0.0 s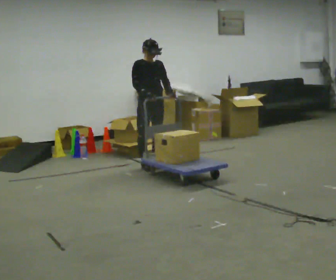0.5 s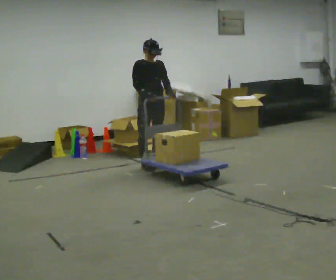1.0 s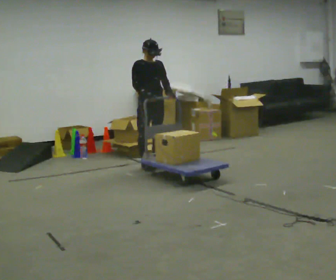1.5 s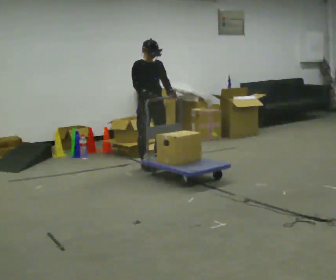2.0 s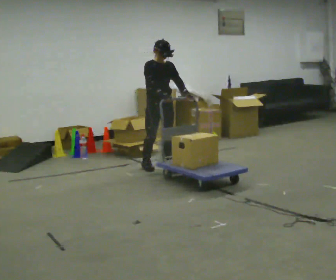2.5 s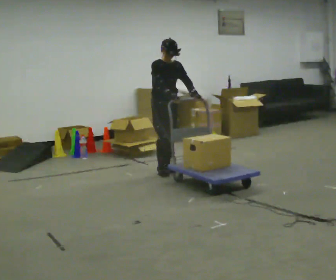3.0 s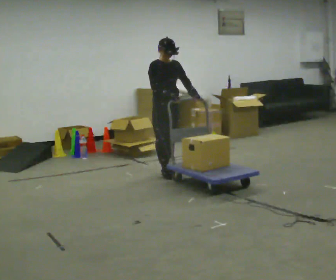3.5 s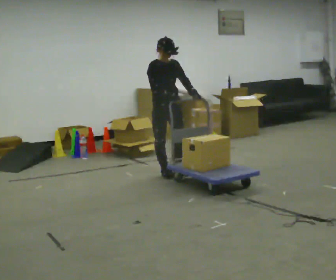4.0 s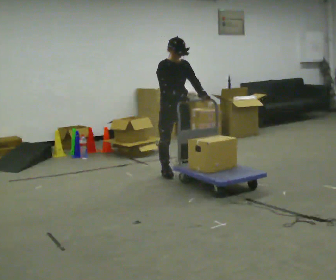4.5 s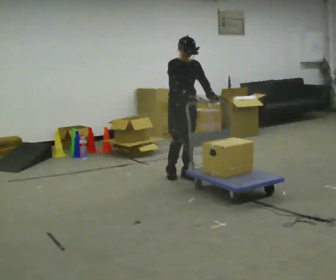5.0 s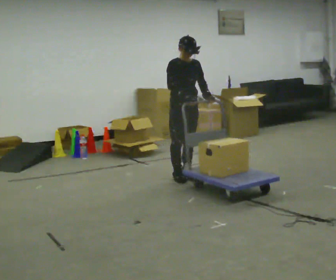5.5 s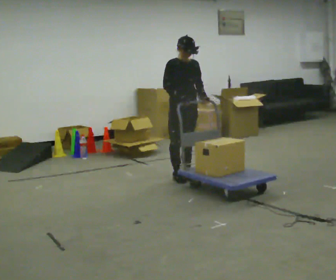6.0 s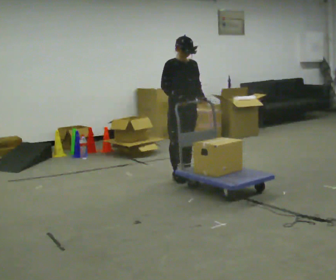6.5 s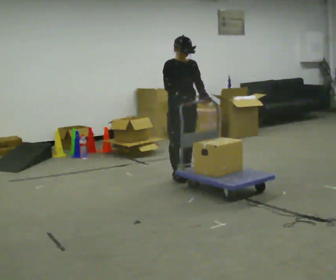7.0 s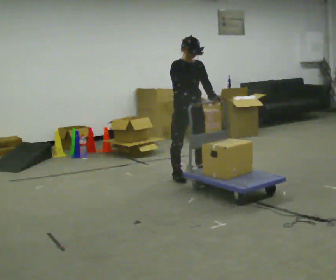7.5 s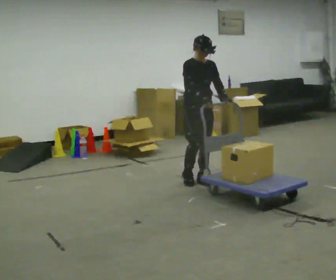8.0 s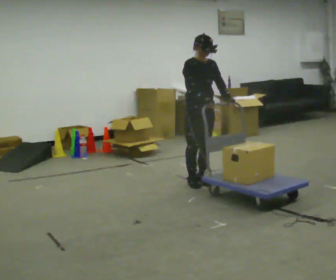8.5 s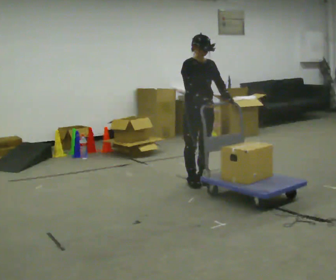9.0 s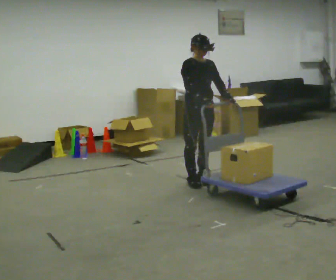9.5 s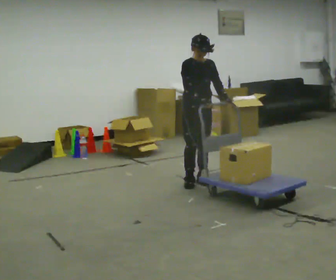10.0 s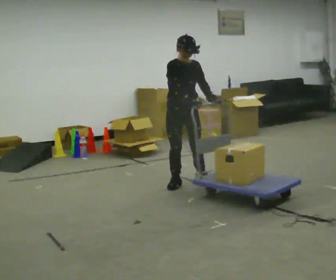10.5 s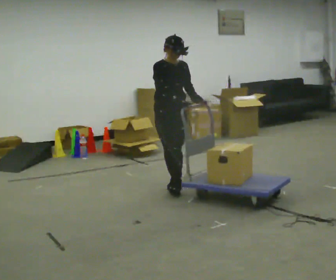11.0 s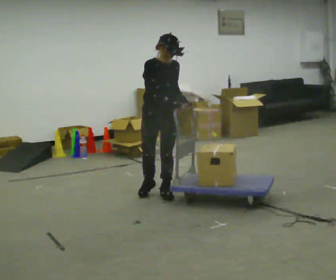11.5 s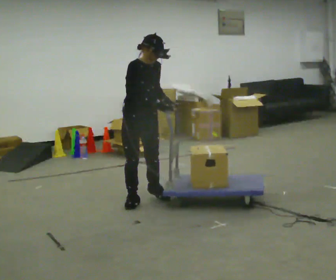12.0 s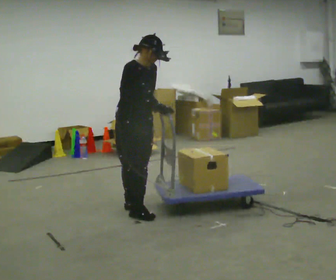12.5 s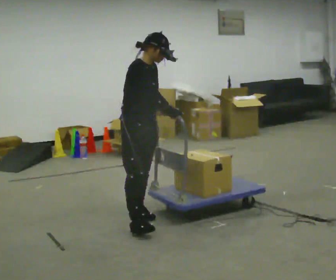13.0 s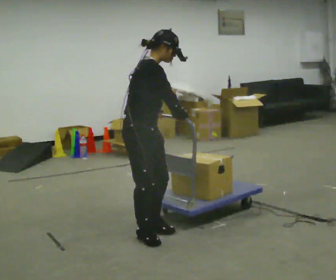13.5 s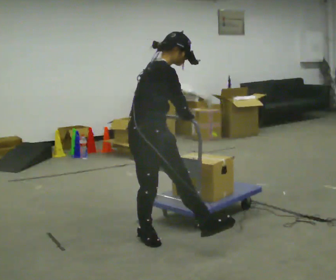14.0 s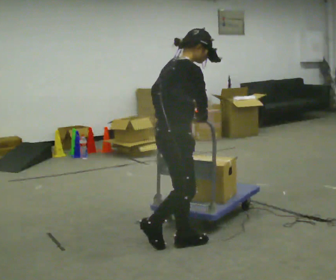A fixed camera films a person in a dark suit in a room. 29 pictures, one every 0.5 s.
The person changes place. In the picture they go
toward the camera.
0.0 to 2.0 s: The person moves a little, or ends about where they began.
2.0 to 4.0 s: In the picture they go toward the camera and to the right, about 0.25 m in 2 steps, which for them is forward.
4.0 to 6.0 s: The person moves a little, or ends about where they began.
6.0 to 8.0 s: In the picture they go toward the camera and to the right, about 0.25 m in 2 steps, which for them is forward.
8.0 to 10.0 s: In the picture they go to the left, about 0.25 m, which for them is to their right.
10.0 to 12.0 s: In the picture they go toward the camera and to the left, about 1 m in 3 steps, which for them is forward and to their right.
12.0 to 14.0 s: The person turns about 60 degrees to their left, counterclockwise seen from above, so the part of the body nearest the lens slides to the right. In the picture they go toward the camera and to the right, about 1 m in 2 steps.
The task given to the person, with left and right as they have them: Push the cart across the room and back. The operator will change how much is loaded on it between takes and will tell you each time.
The film runs forward here.
